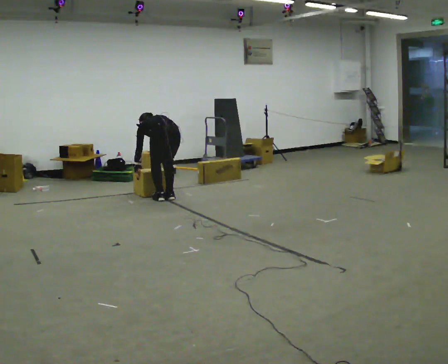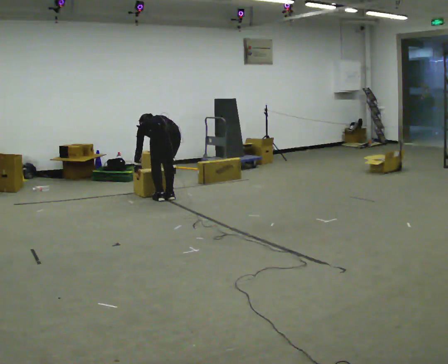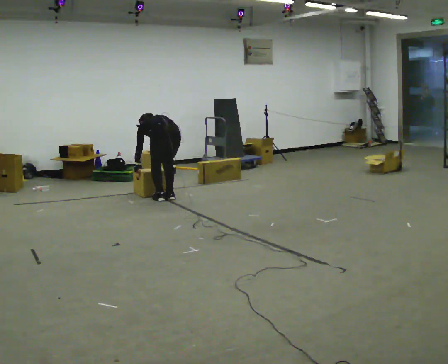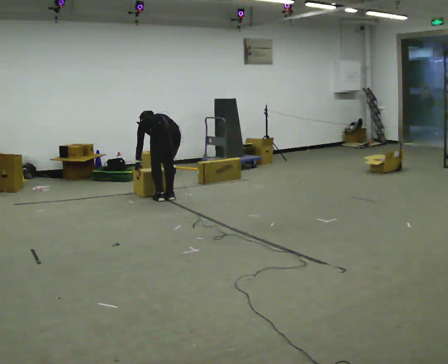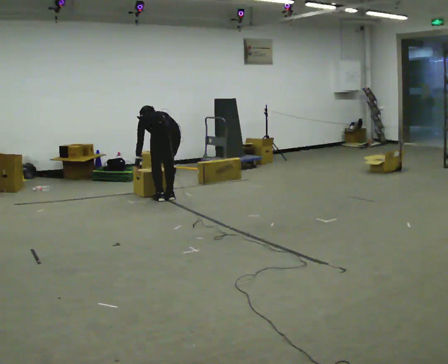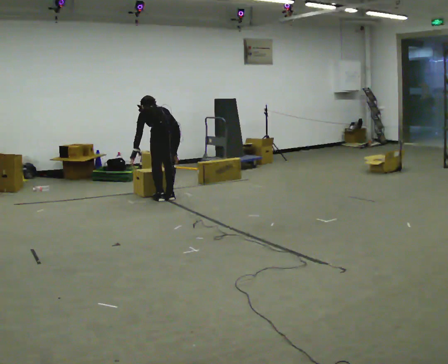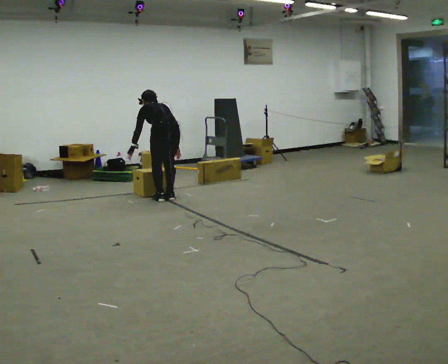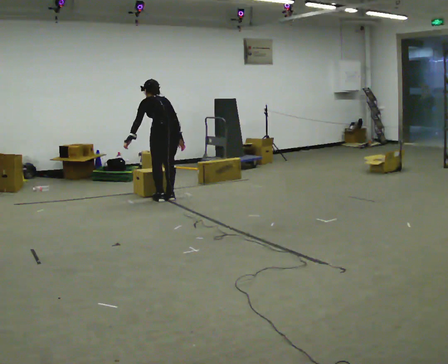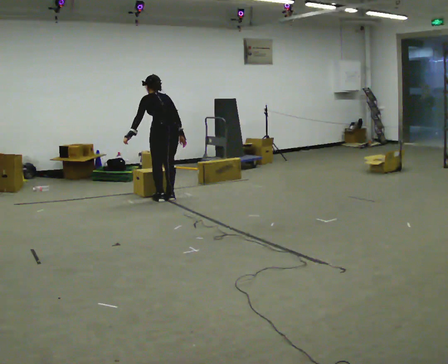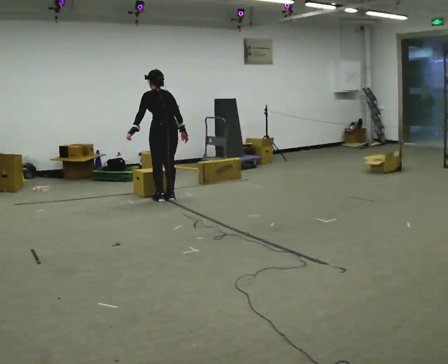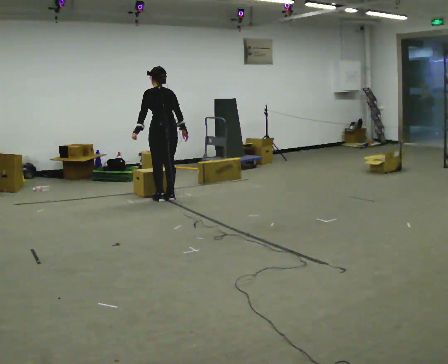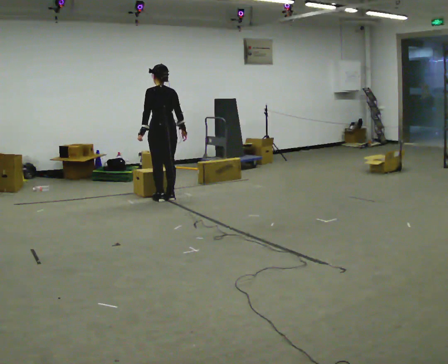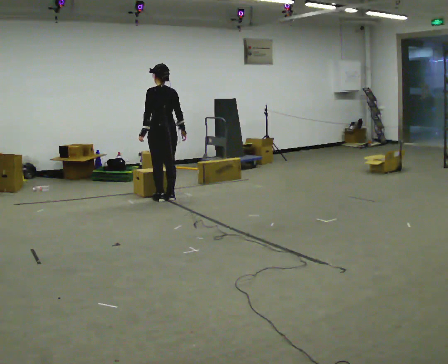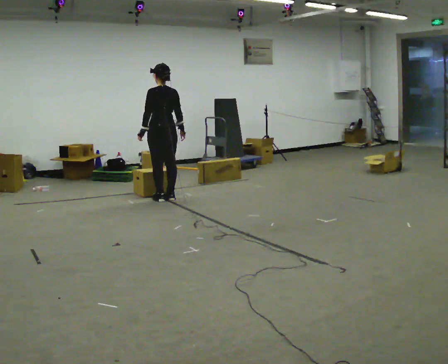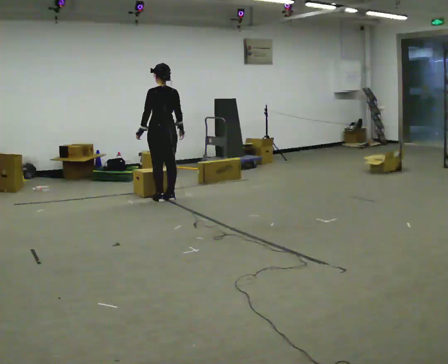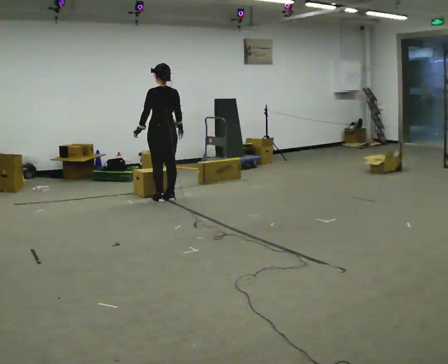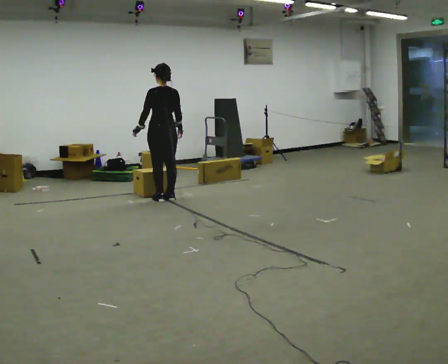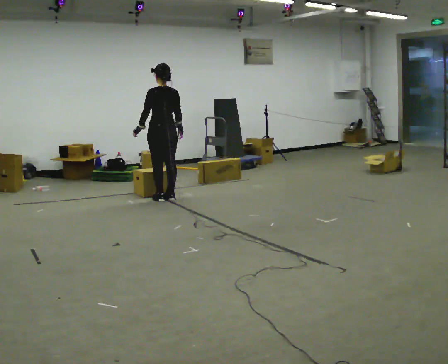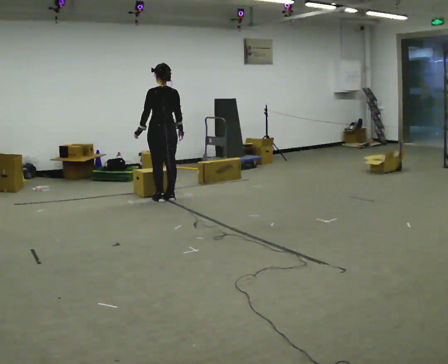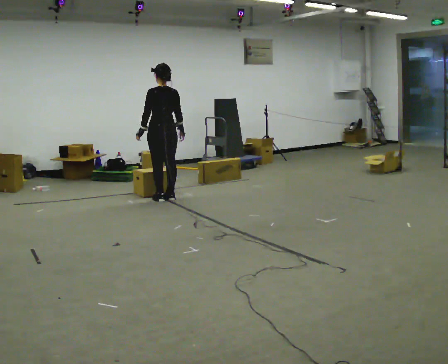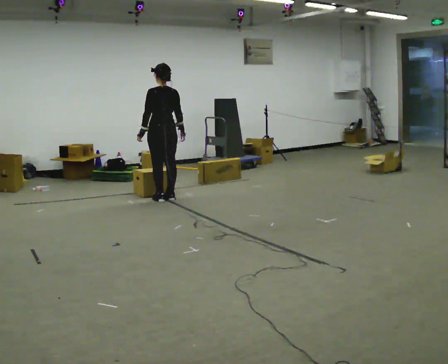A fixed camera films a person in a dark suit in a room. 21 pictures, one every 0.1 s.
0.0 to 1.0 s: The upper body goes upward. The upper body tips toward the camera, its near side rolling downward, as they lean back or straighten. In the picture their left hand goes upward.
1.0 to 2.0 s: The person moves a little, or ends about where they began.
The film runs forward here.
